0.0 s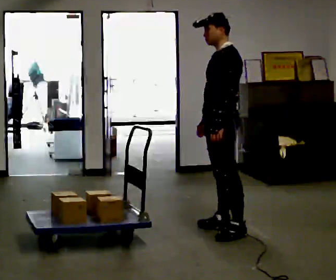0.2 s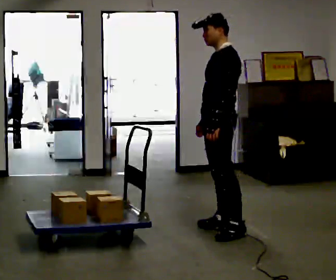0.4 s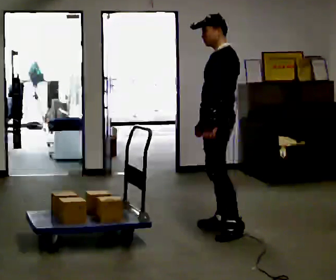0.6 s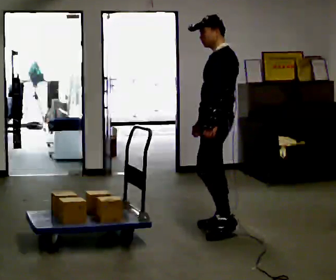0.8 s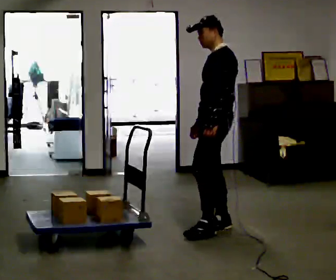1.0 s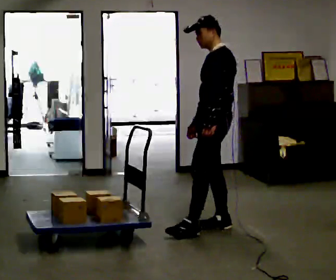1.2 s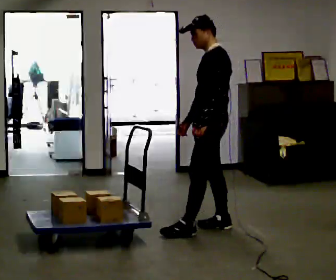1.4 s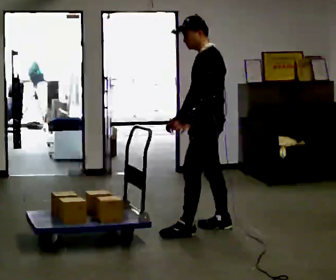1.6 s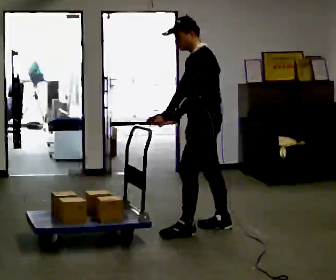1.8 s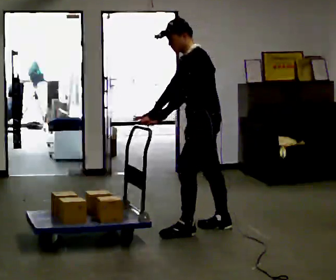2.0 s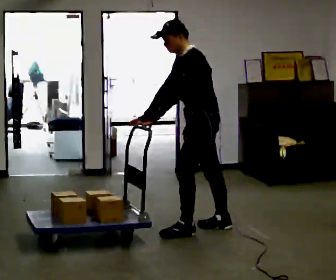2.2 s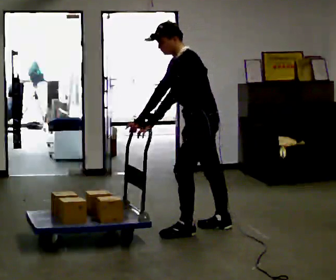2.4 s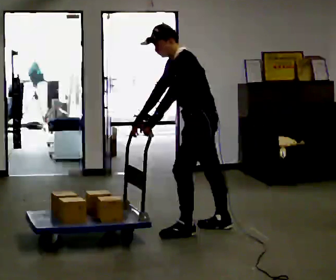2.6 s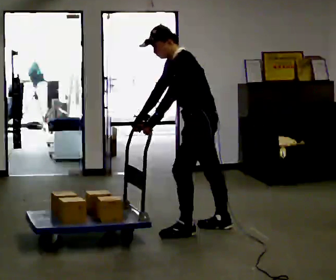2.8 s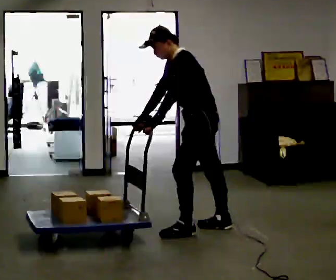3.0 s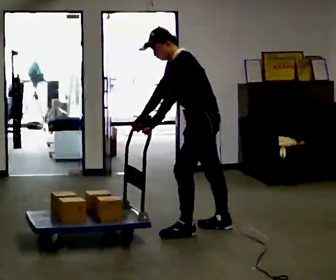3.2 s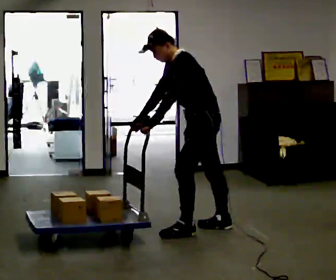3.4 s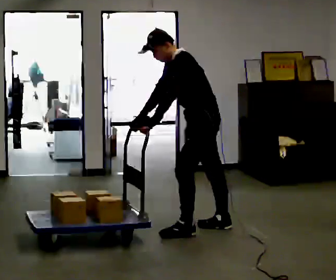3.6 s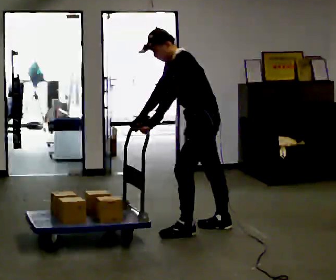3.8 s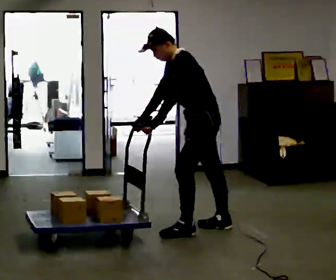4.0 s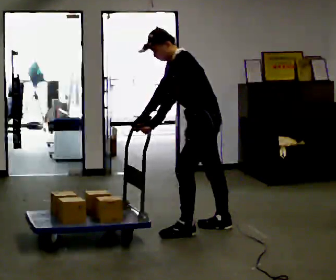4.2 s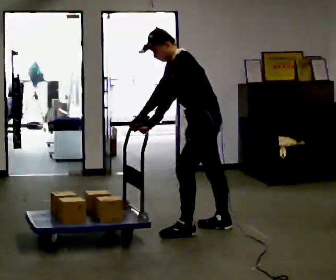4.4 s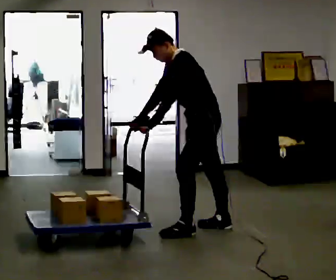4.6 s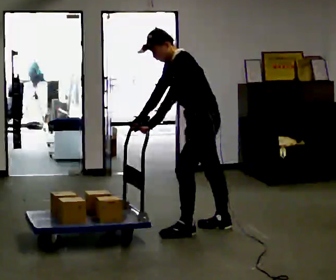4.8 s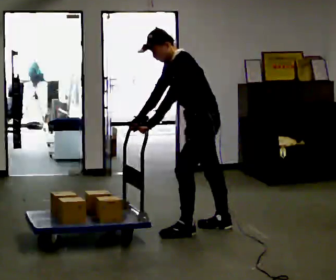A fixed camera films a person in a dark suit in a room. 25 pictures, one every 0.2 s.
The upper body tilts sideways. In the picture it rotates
counterclockwise.
0.0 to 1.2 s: The person moves a little, or ends about where they began.
1.2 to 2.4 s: In the picture the upper body tilts counterclockwise, shoulders to the left, as they bend forward. In the picture their left hand goes to the left.
2.4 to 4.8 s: The person moves a little, or ends about where they began.
The film runs forward here.
